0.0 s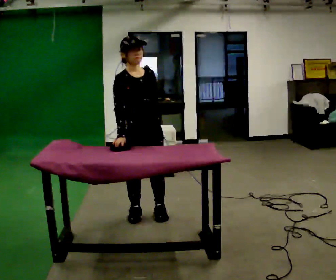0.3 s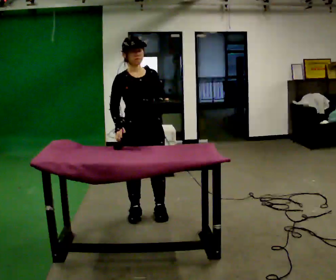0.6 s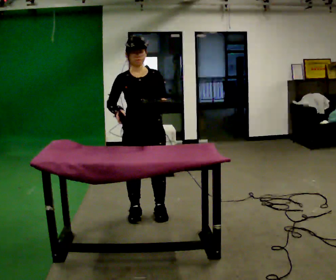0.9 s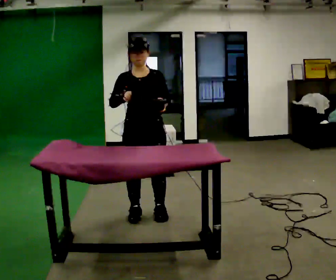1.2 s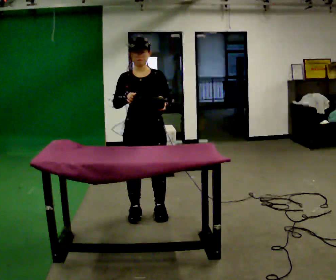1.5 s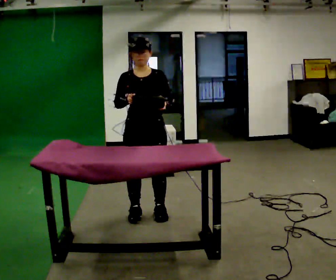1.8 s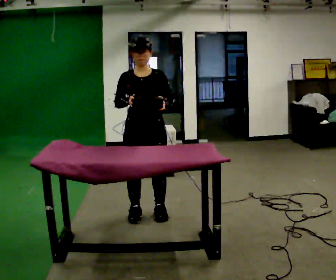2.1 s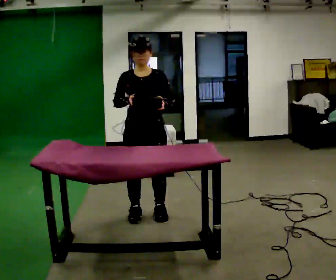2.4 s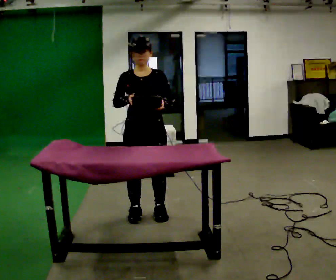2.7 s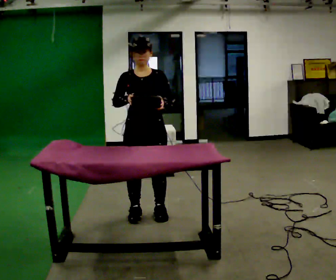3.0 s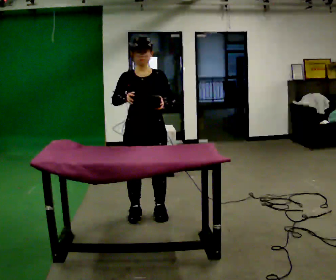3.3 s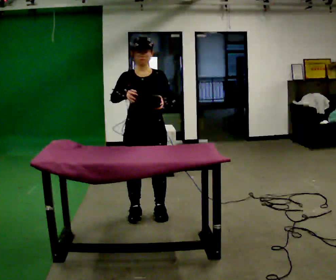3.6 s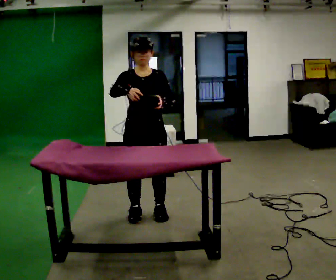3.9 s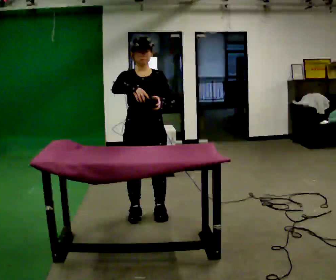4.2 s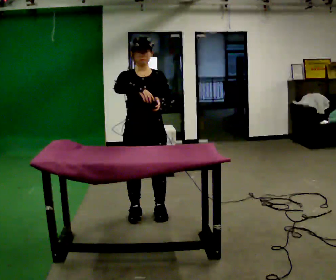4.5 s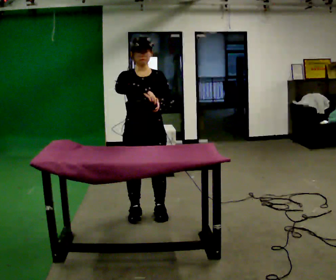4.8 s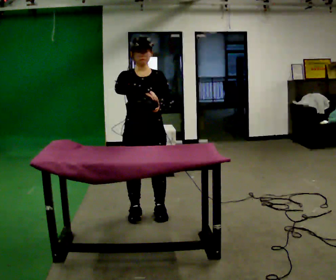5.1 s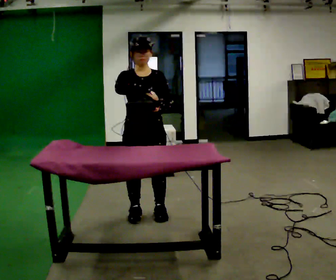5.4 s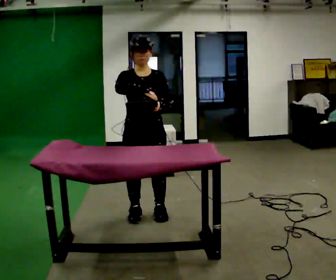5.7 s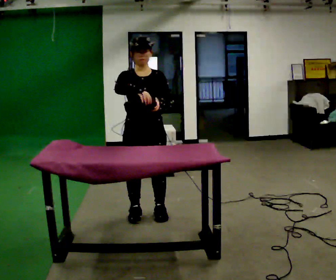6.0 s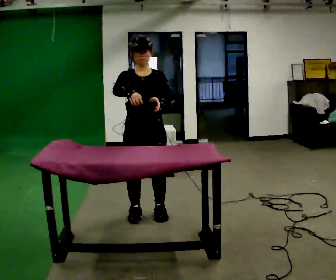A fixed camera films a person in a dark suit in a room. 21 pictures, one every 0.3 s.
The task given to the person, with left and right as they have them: Clear everything off the table and put it away on the shelf, in as many trips as you need. Keep going until the operator says stop; one object at a time, and do not rush between trips.
0.0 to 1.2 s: The person turns about 30 degrees to their right, clockwise seen from above, so the part of the body nearest the lens slides to the left.
1.2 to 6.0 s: The person moves a little, or ends about where they began.
The film runs forward here.
